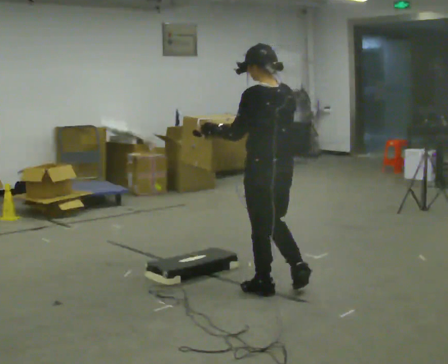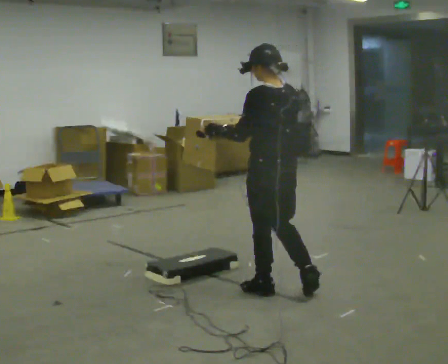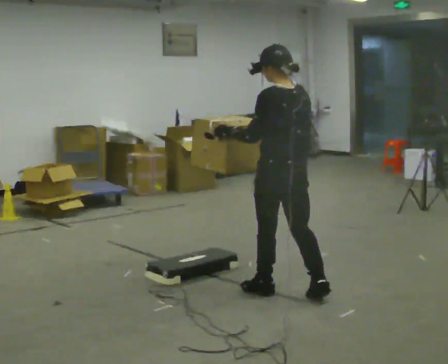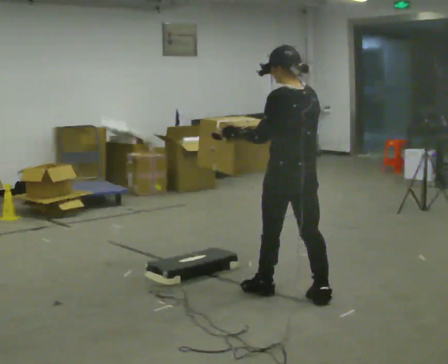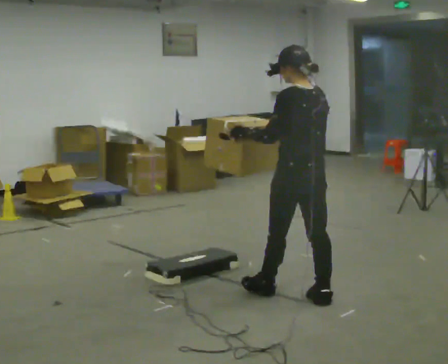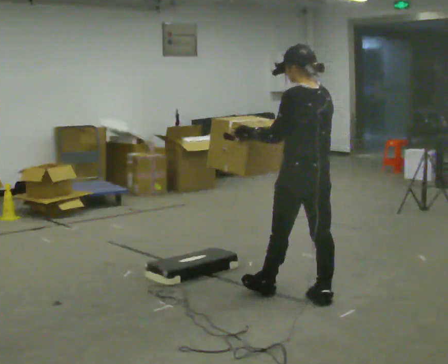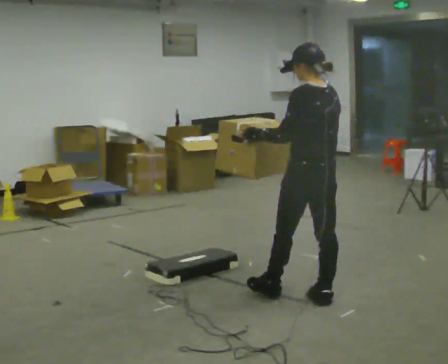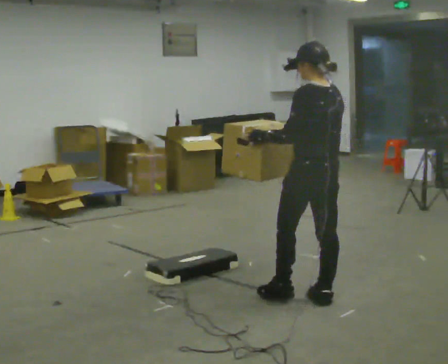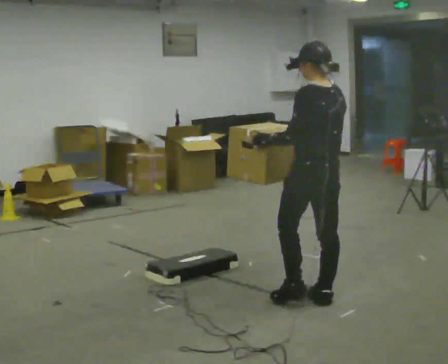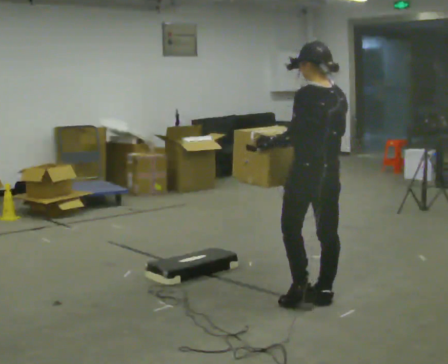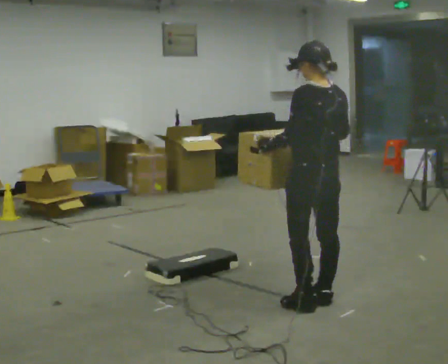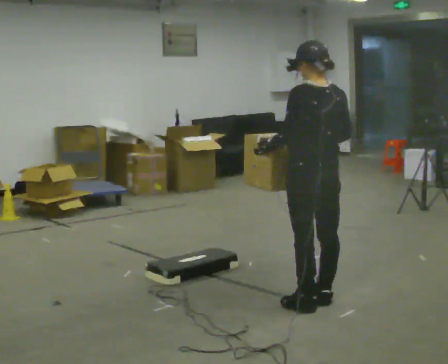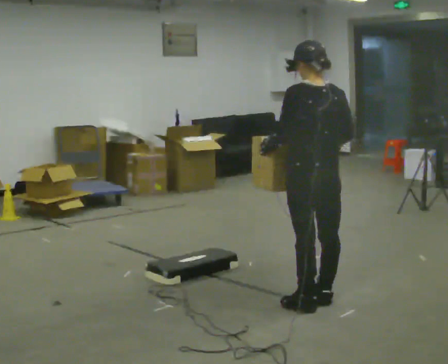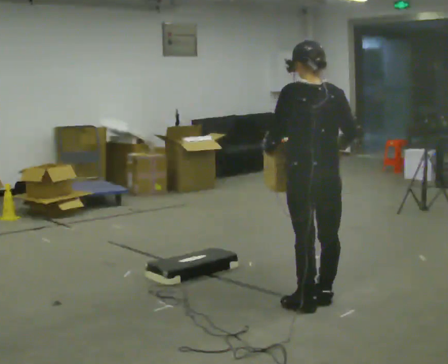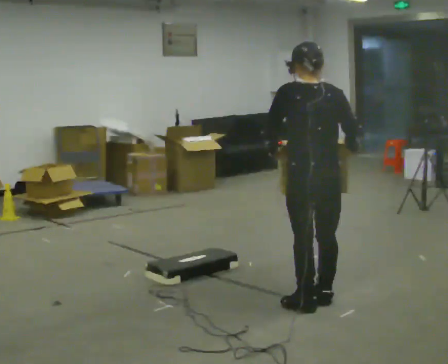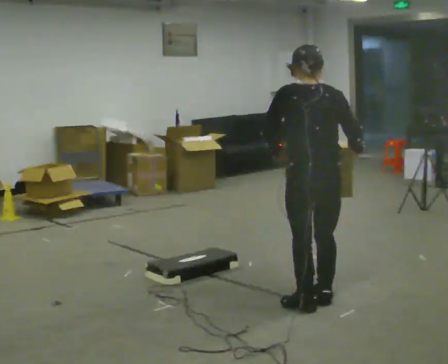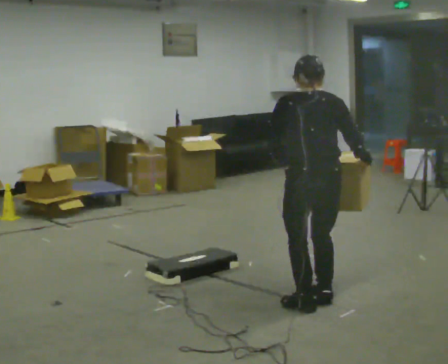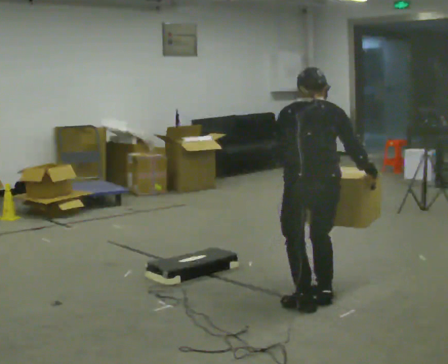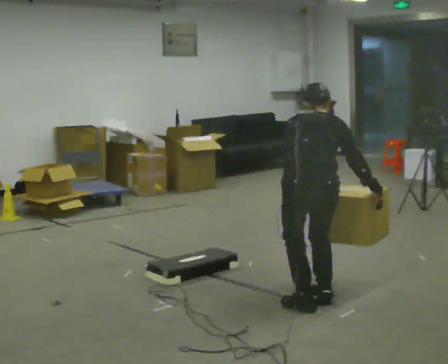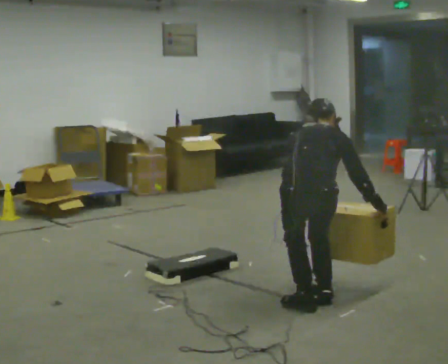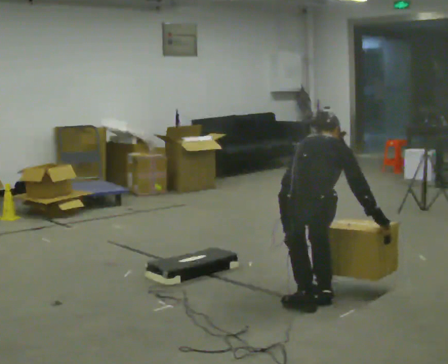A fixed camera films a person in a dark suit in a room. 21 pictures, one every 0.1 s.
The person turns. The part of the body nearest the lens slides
to the left.
The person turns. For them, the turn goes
to their right.
0.0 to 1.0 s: In the picture they go to the right and toward the camera, about 0.25 m in 1 step, which for them is backward.
1.0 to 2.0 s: Seen from above the body turns clockwise, about 60 degrees: to their right, with its near side sliding to the left. In the picture they go toward the camera, about 0.25 m. The upper body goes downward. The upper body tips away from the camera, its near side rolling upward, as they bend forward. In the picture their right hand goes downward and to the right.
The film runs backward here.
